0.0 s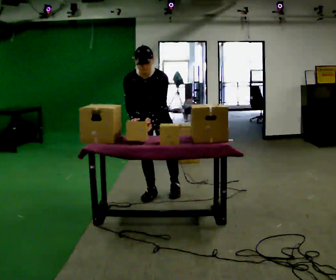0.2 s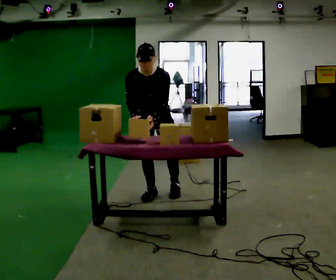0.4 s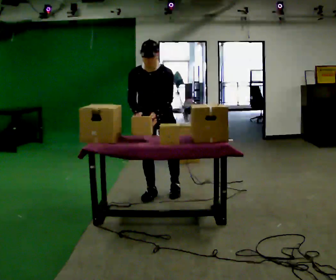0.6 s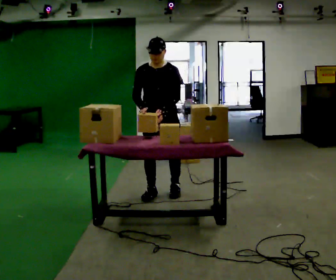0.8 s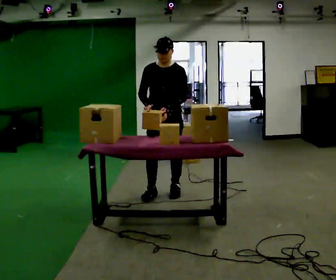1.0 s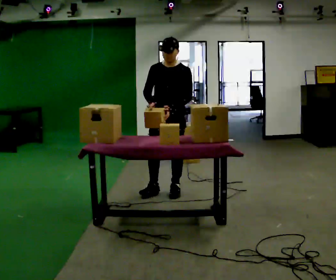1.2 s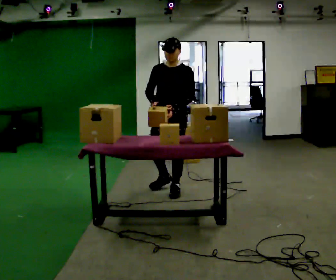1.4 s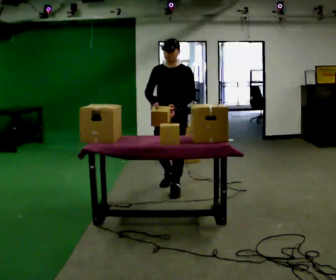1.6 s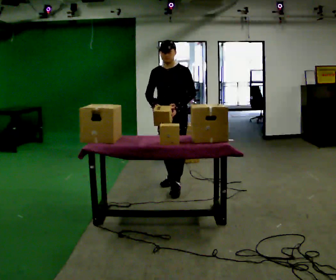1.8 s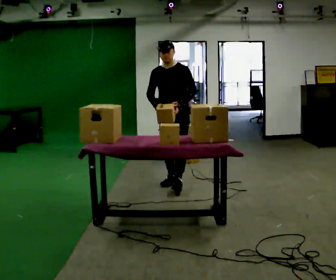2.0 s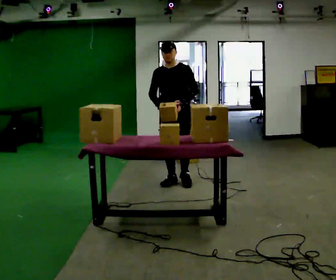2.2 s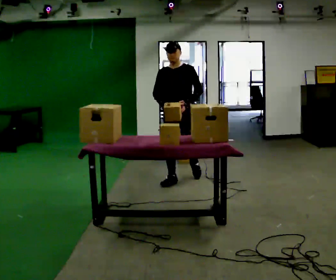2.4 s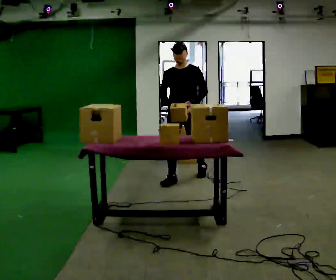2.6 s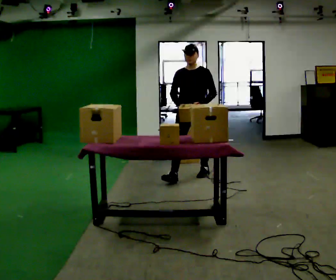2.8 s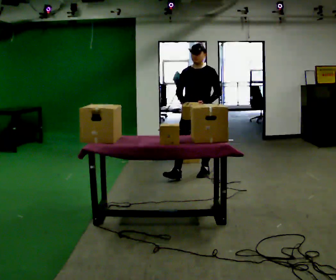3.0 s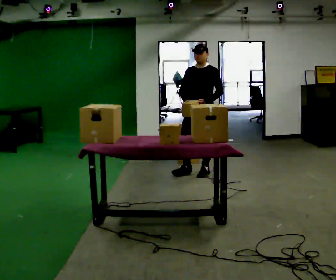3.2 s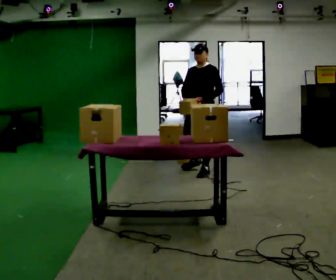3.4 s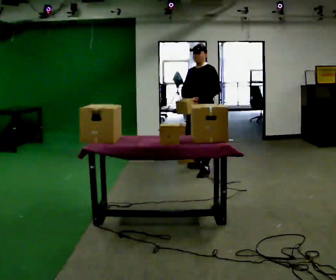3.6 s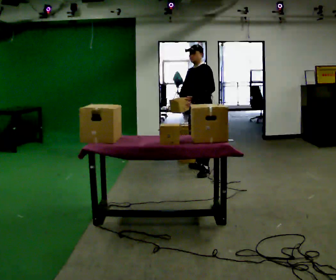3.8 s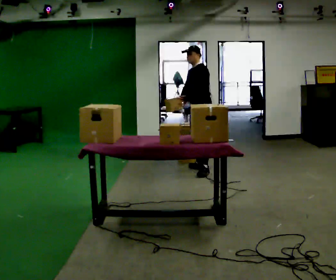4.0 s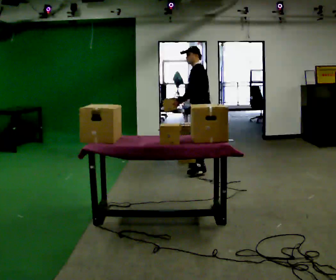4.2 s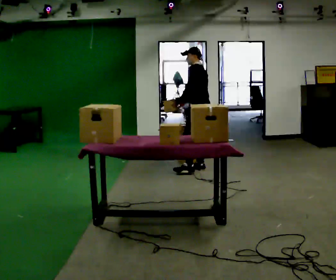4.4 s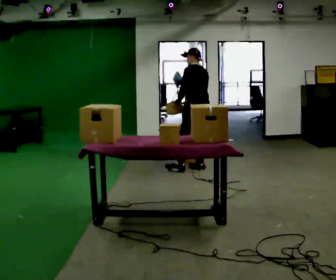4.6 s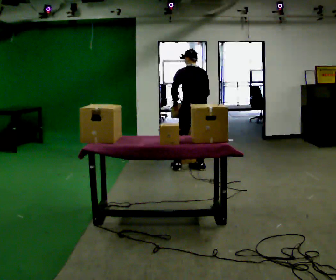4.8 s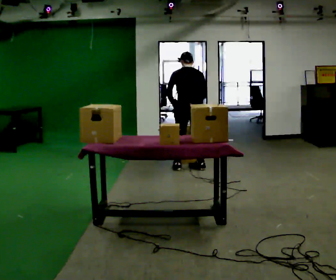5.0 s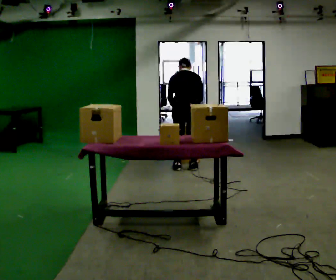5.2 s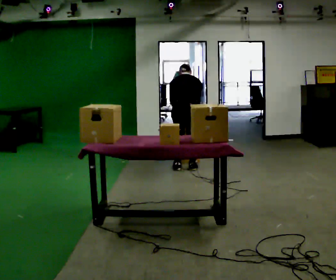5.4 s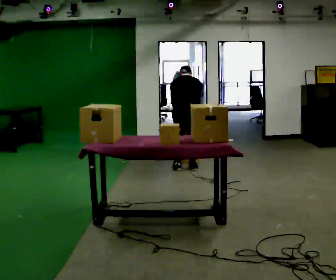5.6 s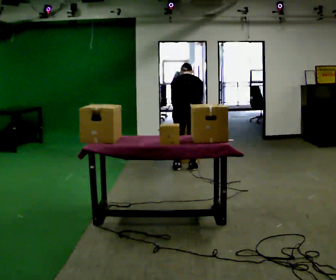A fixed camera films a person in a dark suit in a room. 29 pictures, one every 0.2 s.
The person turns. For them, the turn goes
to their right.
The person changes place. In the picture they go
away from the camera.
0.0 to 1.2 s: The part of the body nearest the lens slides to the left as the person turns to their right by about 30 degrees. In the picture they go to the right, about 0.25 m in 1 step, which for them is to their left and backward. The upper body tips away from the camera, its near side rolling upward, as they lean back or straighten.
1.2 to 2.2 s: In the picture they go away from the camera, about 0.5 m in 1 step, which for them is backward.
2.2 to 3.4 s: The person turns about 30 degrees to their right, clockwise seen from above, so the part of the body nearest the lens slides to the left. In the picture they go away from the camera and to the right, about 0.5 m in 1 step, which for them is backward.
3.4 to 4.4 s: Seen from above the body turns clockwise, about 75 degrees: to their right, with its near side sliding to the left. In the picture they go away from the camera, about 0.25 m in 1 step. In the picture their left hand goes to the left.
4.4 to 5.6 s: The part of the body nearest the lens slides to the left as the person turns to their right by about 45 degrees. In the picture they go to the left, about 0.25 m in 1 step, which for them is to their left. The upper body tips away from the camera, its near side rolling upward, as they bend forward.
The film runs backward here.
